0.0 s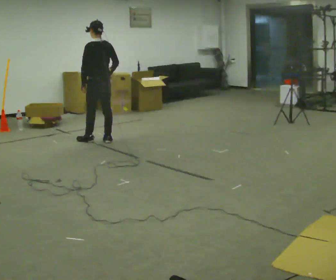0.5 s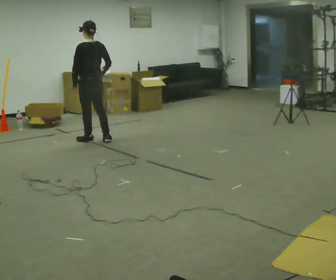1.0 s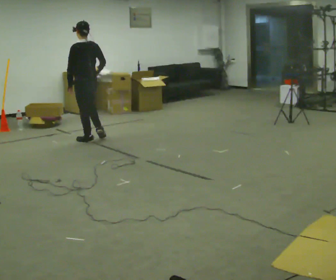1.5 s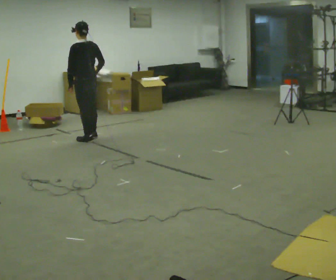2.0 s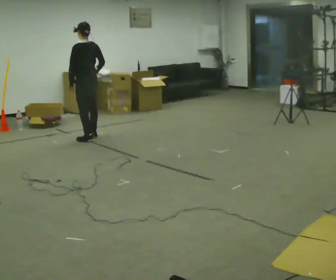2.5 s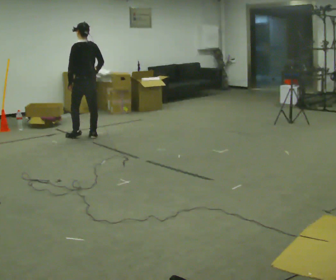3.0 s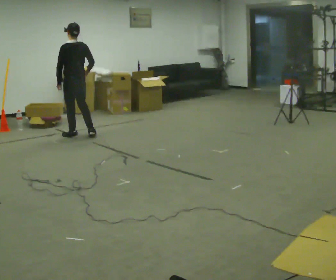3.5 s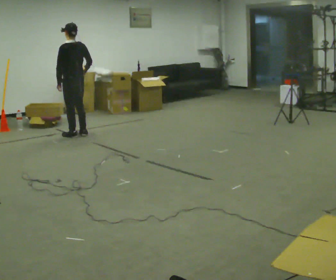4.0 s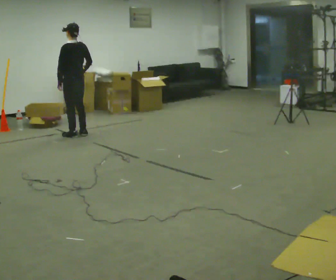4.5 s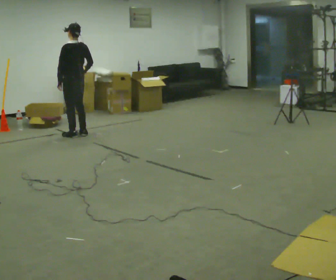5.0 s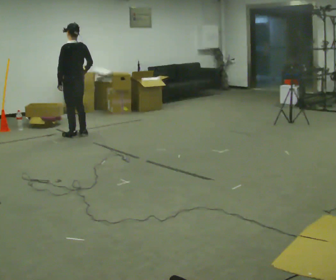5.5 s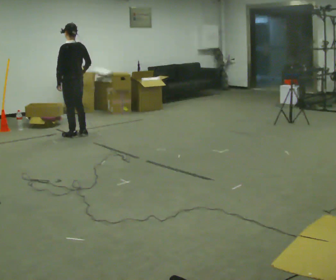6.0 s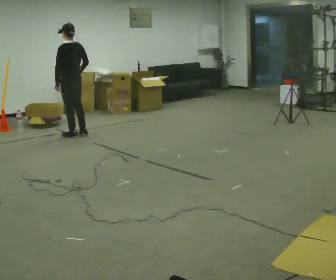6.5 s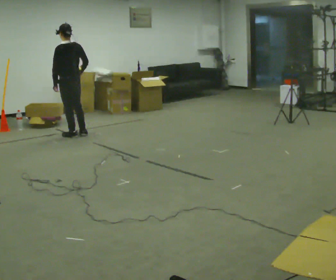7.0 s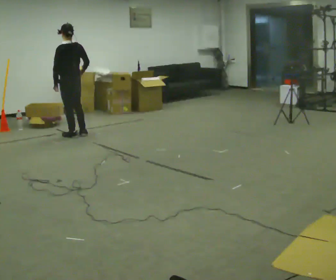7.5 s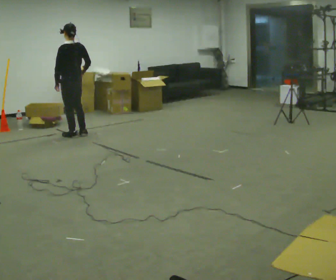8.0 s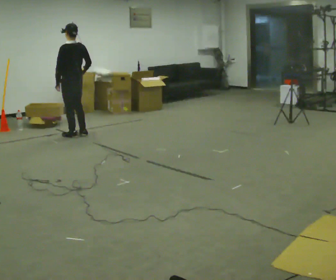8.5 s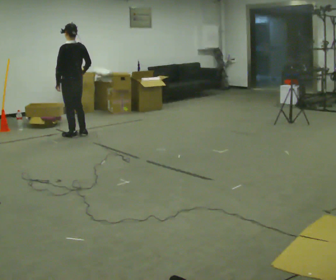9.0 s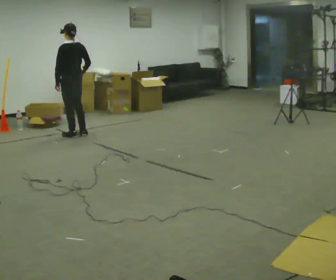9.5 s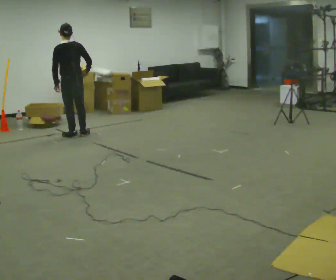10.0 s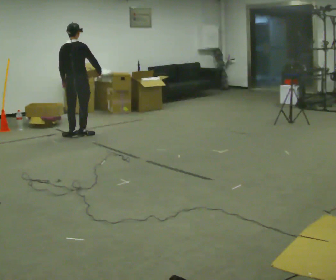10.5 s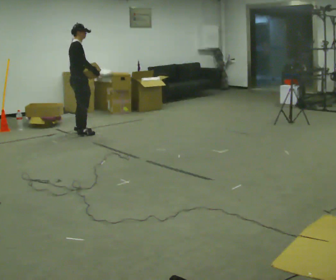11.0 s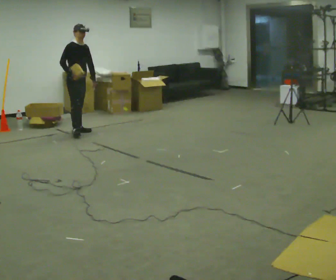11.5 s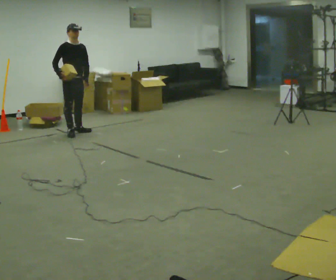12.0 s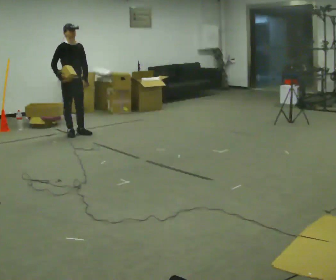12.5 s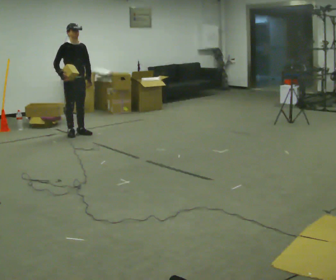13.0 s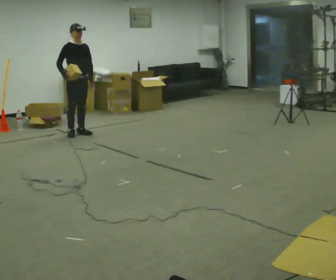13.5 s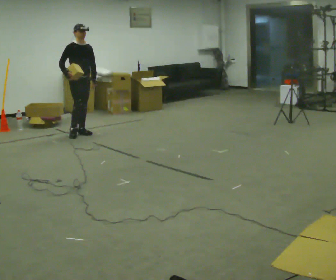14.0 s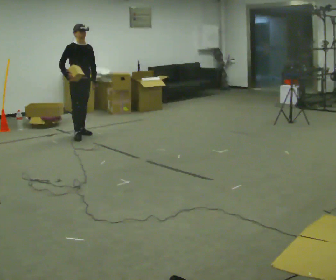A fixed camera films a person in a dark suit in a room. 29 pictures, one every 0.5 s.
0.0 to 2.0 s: In the picture they go away from the camera, about 0.25 m in 1 step, which for them is forward.
2.0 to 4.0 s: In the picture they go away from the camera and to the left, about 0.25 m in 2 steps, which for them is forward.
4.0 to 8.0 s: The person moves a little, or ends about where they began.
8.0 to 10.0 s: The part of the body nearest the lens slides to the left as the person turns to their right by about 60 degrees.
10.0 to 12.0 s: The person turns about 120 degrees to their right, clockwise seen from above, so the part of the body nearest the lens slides to the left. In the picture their right hand goes to the left, the arm swinging clockwise.
12.0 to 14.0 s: The person moves a little, or ends about where they began.
The film runs forward here.
